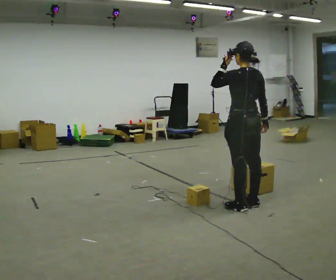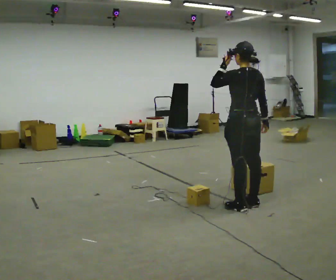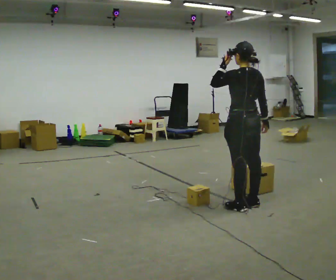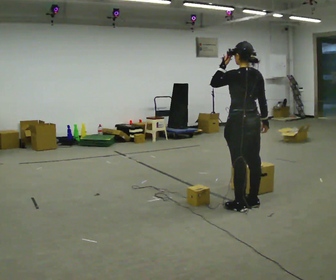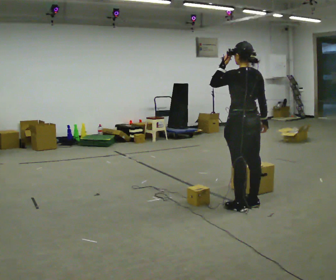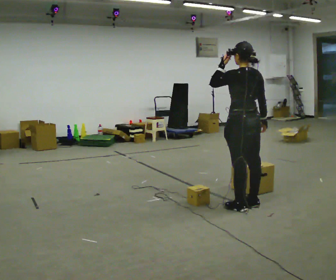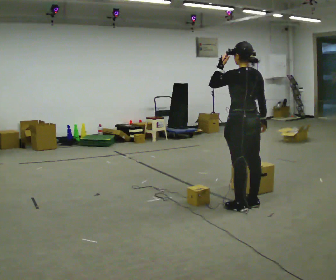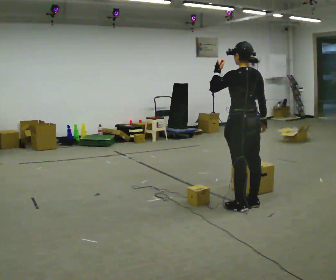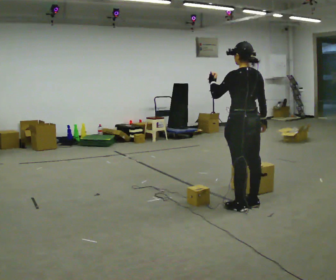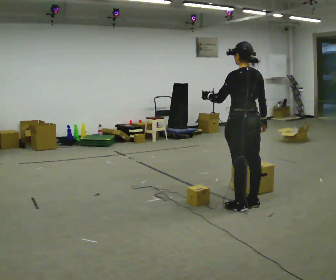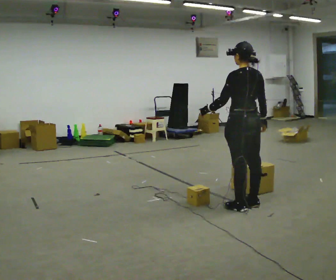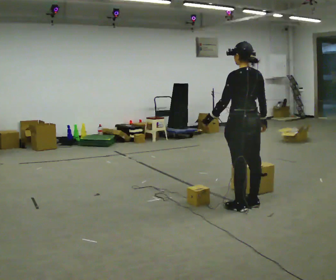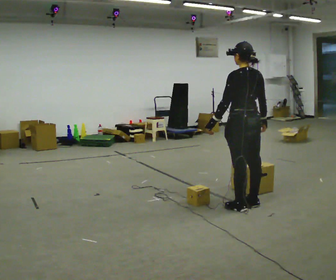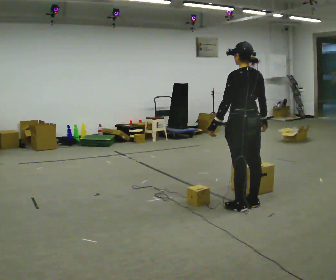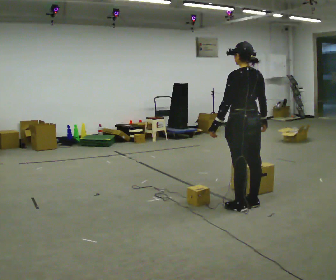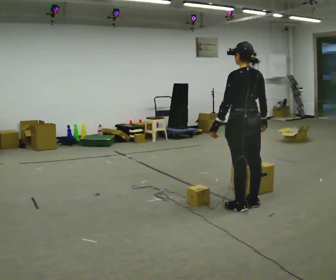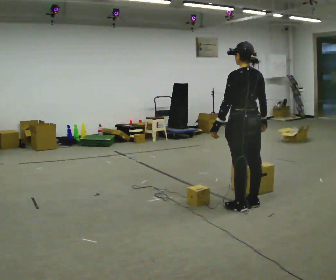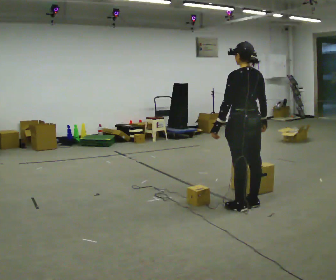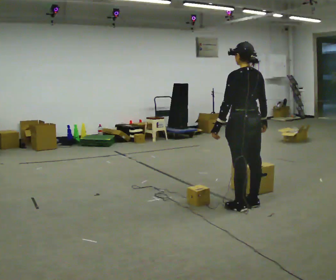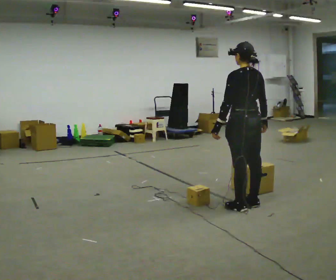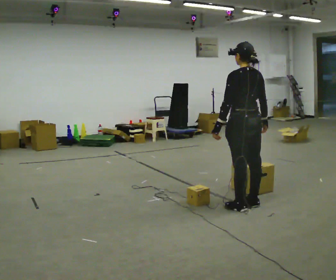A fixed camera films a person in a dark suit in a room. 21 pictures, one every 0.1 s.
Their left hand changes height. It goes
downward.
0.0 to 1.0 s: In the picture their left hand goes downward.
1.0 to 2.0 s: The person moves a little, or ends about where they began.
The film runs backward here.
